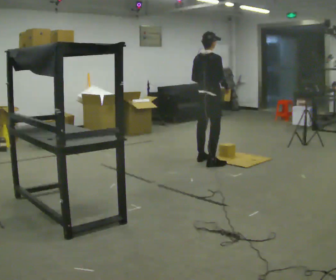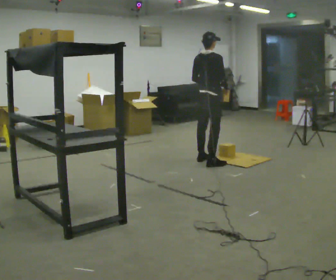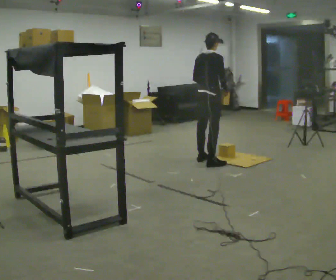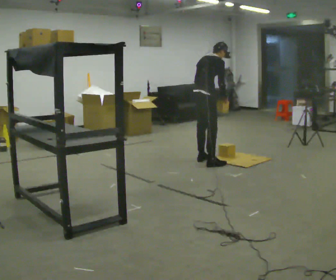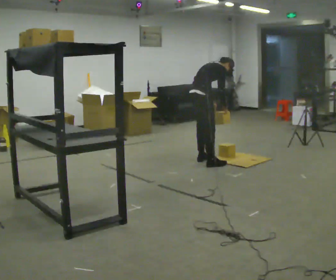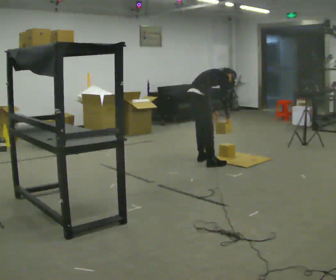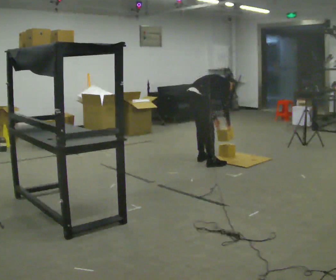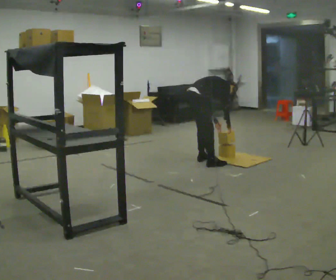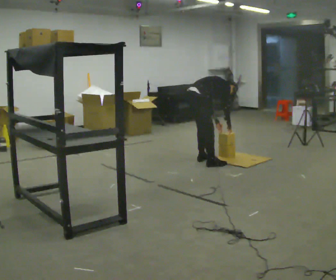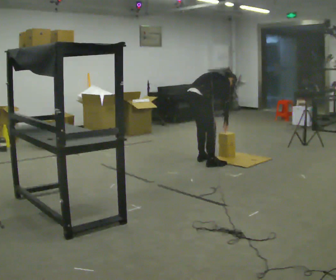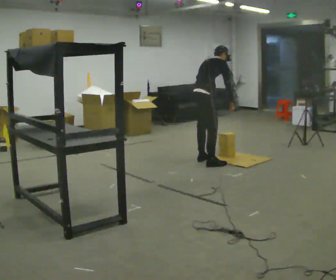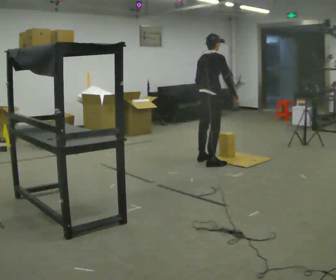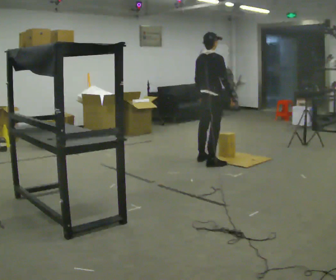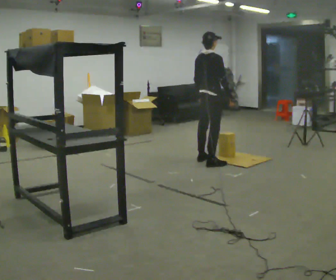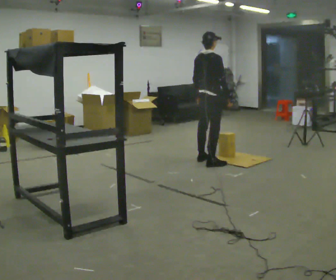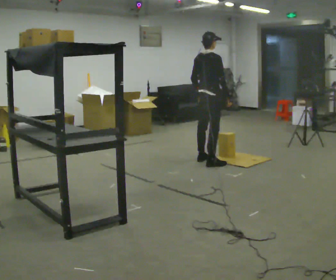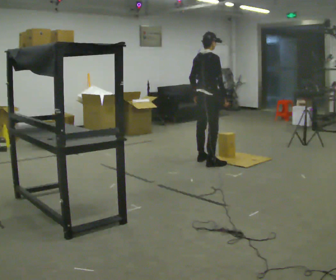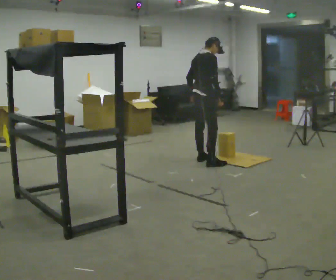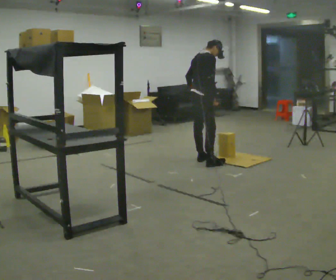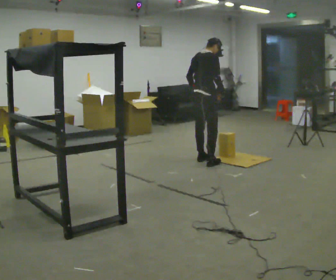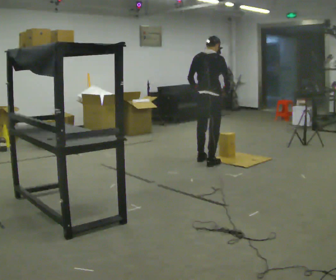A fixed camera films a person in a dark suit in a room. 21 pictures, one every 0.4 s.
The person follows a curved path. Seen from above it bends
counterclockwise.
0.0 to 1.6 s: The upper body goes downward. In the picture the upper body tilts clockwise, shoulders to the right, as they bend forward.
1.6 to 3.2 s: The upper body goes downward. In the picture the upper body tilts clockwise, shoulders to the right, as they bend forward.
3.2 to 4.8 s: In the picture they go to the right, about 0.25 m, which for them is to their right. The upper body goes upward. In the picture the upper body tilts counterclockwise, shoulders to the left, as they lean back or straighten. In the picture their right hand goes upward.
4.8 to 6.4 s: The person moves a little, or ends about where they began.
6.4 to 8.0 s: The part of the body nearest the lens slides to the right as the person turns to their left by about 30 degrees.
The film runs forward here.
